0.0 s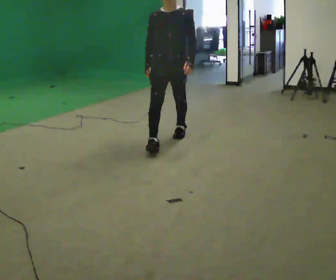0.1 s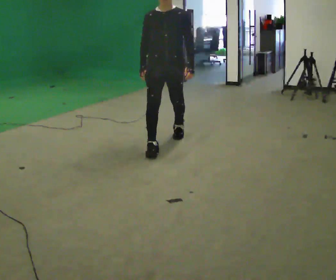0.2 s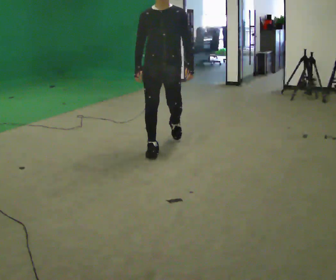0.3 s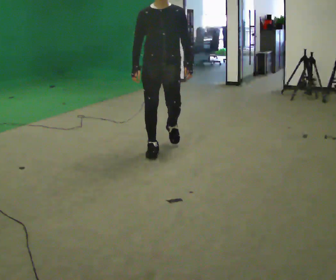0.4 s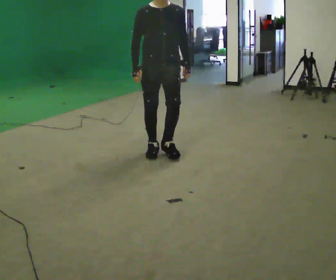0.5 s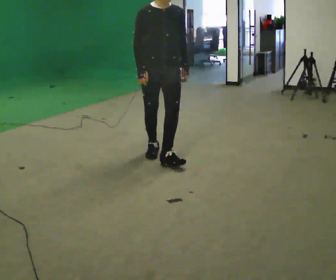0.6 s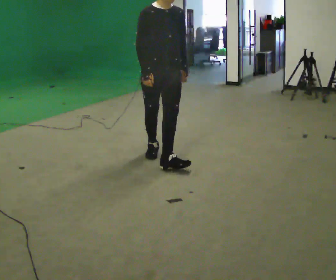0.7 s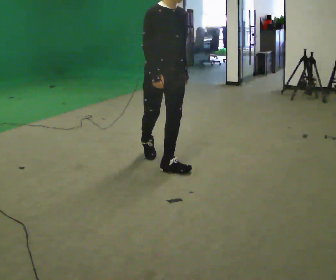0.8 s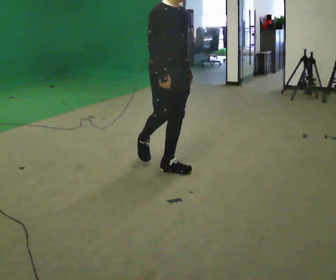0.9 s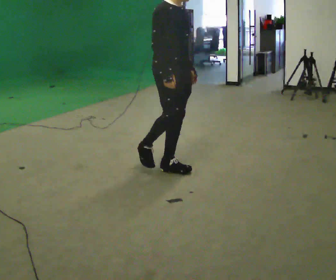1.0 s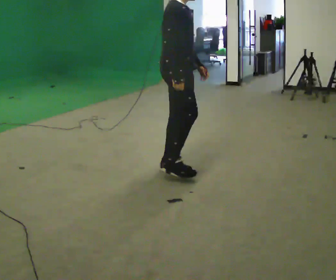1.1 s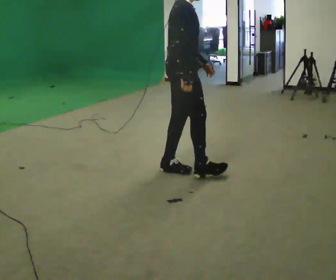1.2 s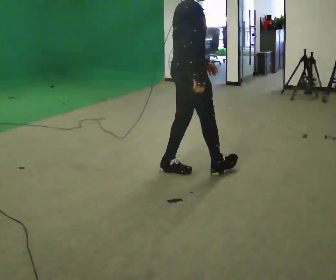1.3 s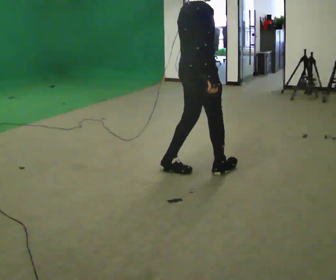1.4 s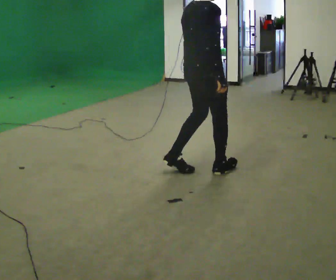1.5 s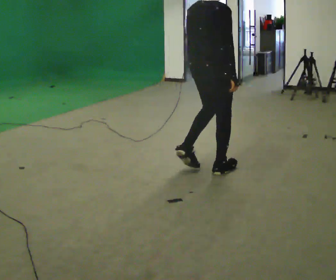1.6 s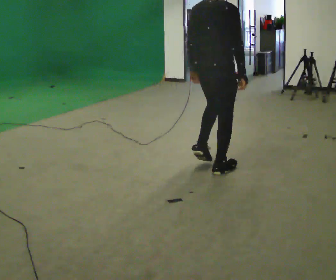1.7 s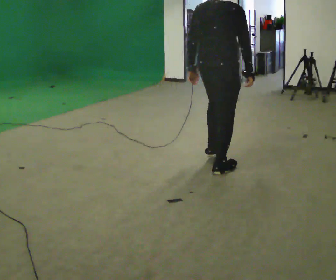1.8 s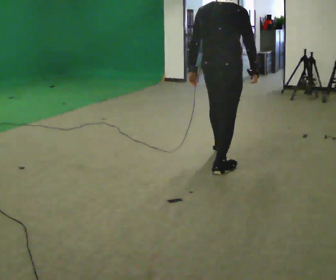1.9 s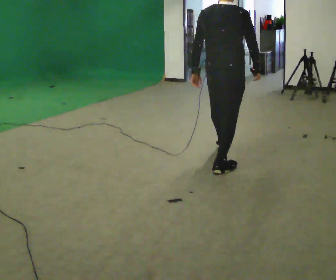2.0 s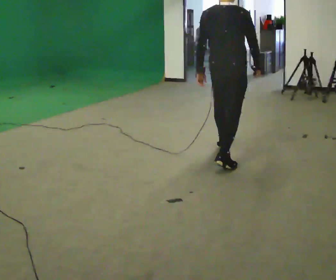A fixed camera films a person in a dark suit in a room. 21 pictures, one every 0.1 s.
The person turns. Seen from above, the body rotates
counterclockwise.
The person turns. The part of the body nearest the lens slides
to the right.
0.0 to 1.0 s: The part of the body nearest the lens slides to the right as the person turns to their left by about 90 degrees. In the picture they go toward the camera, about 0.5 m in 2 steps.
1.0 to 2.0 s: The part of the body nearest the lens slides to the right as the person turns to their left by about 75 degrees. In the picture they go to the right and away from the camera, about 0.5 m in 2 steps.
The film runs forward here.
